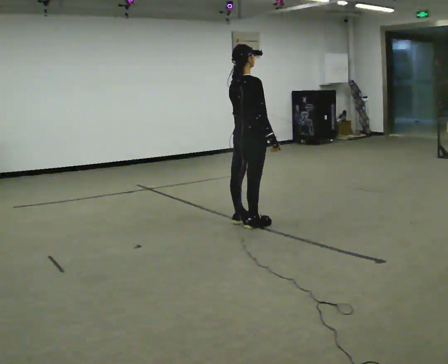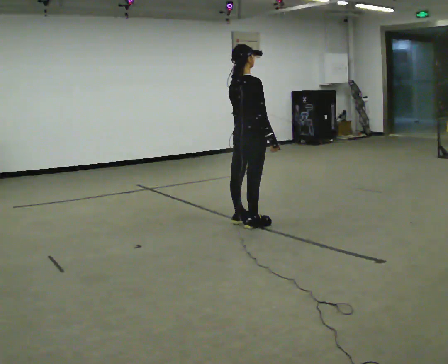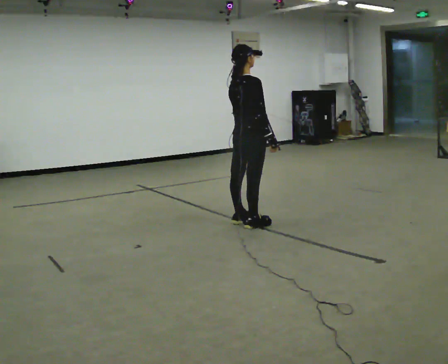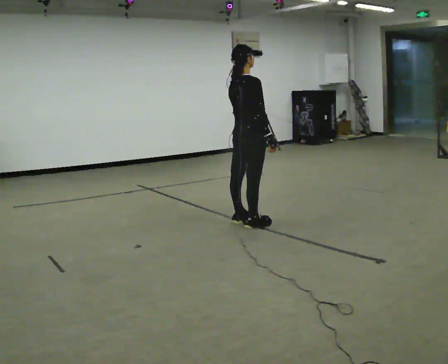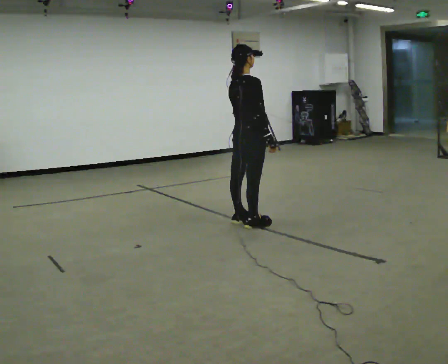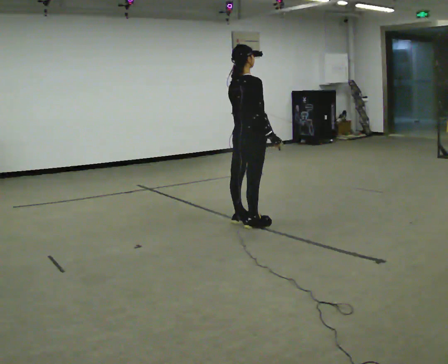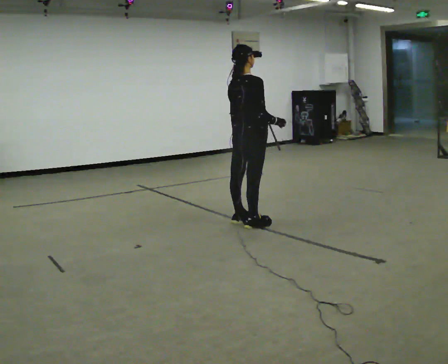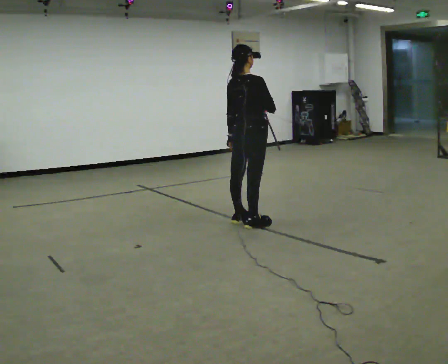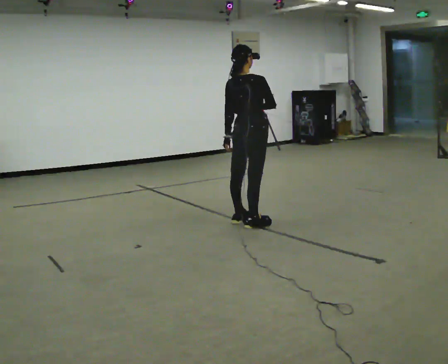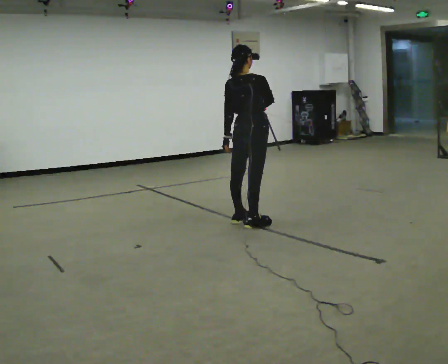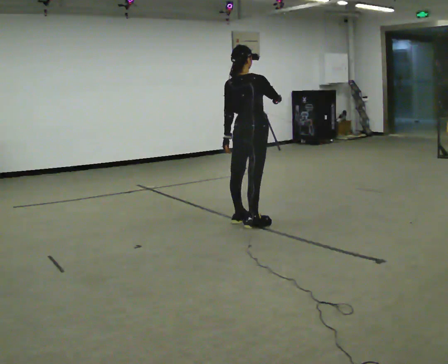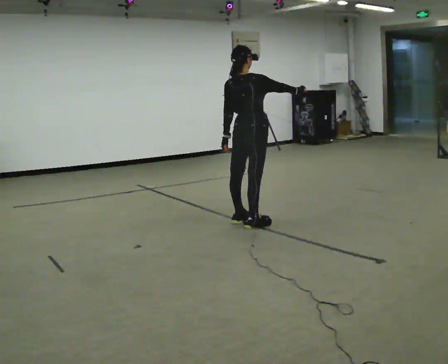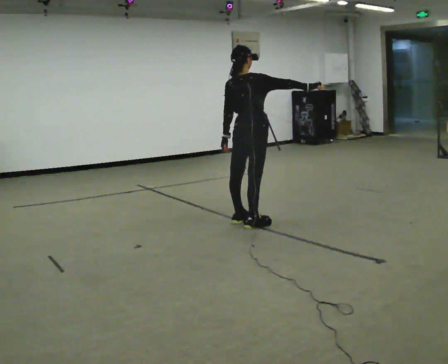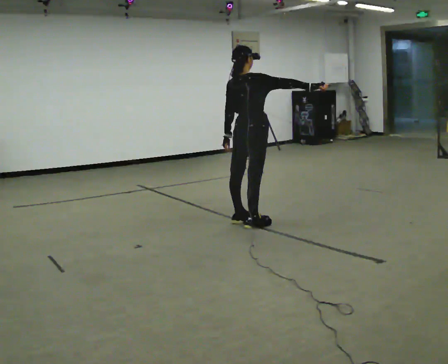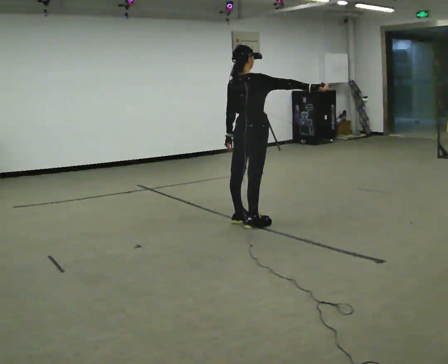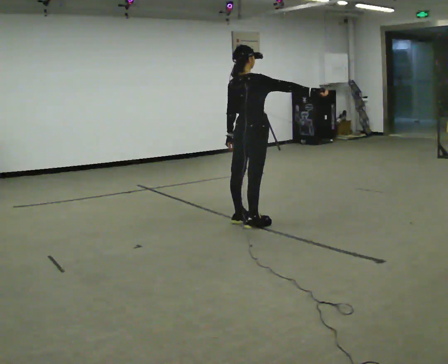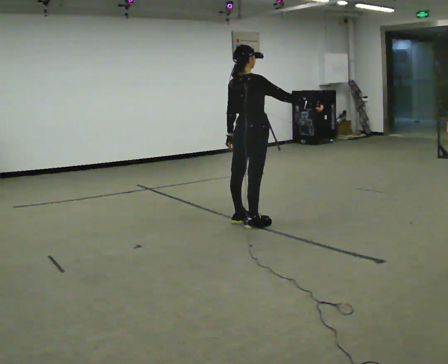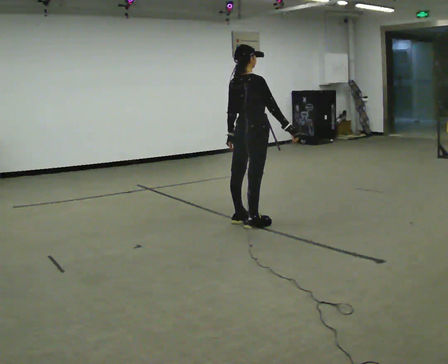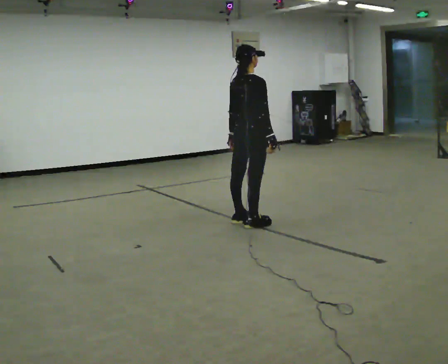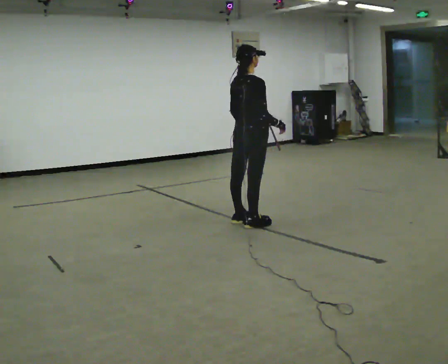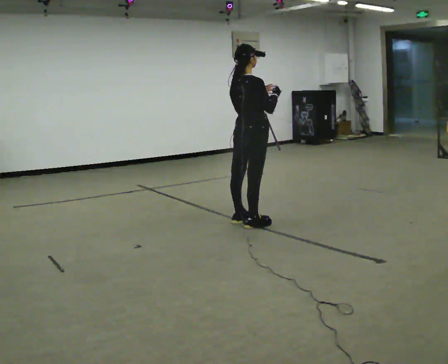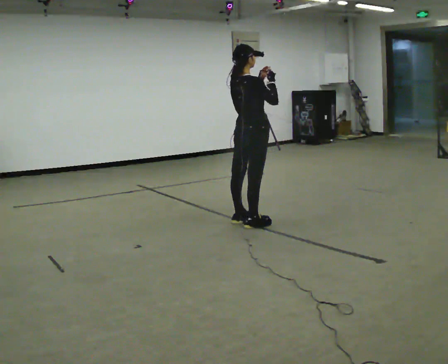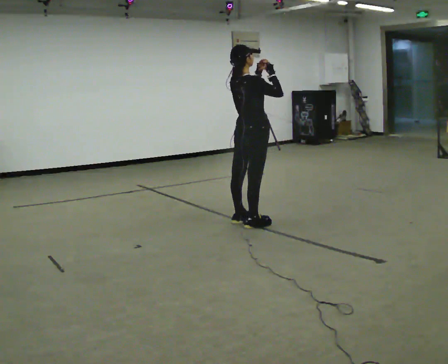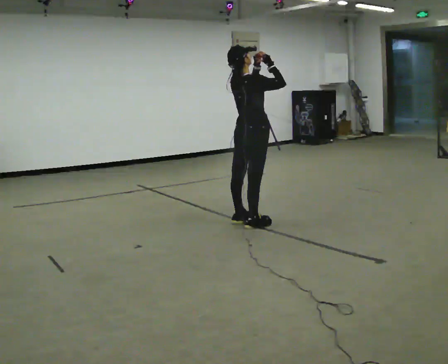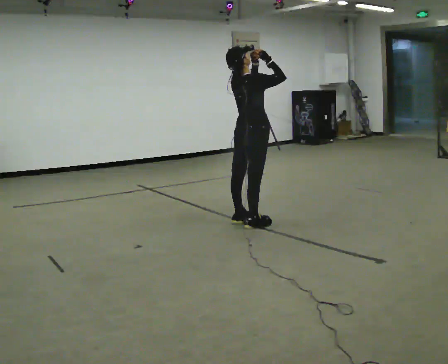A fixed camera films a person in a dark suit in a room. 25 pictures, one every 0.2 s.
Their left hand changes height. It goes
upward.
0.0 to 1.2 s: The person moves a little, or ends about where they began.
1.2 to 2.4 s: In the picture their right hand goes to the right and upward.
2.4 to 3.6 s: In the picture their right hand goes downward and to the left, the arm swinging clockwise.
3.6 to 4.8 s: In the picture their right hand goes upward.
The film runs forward here.
